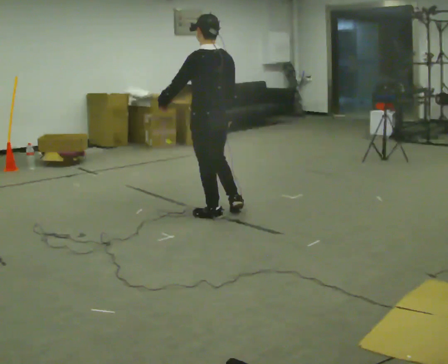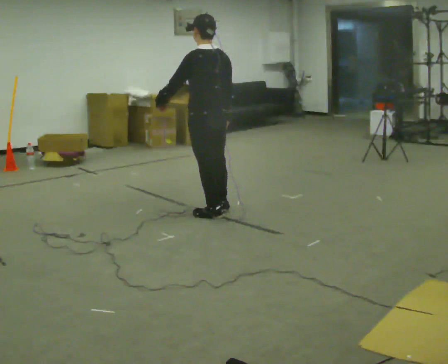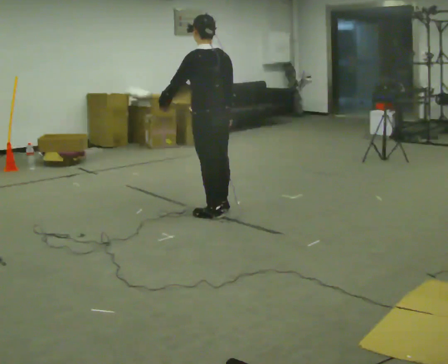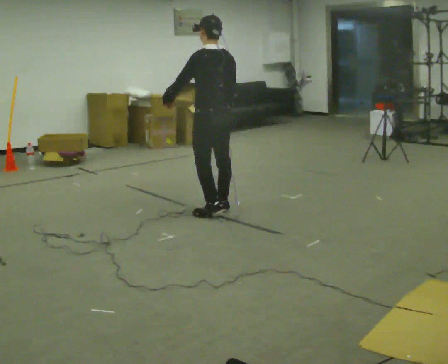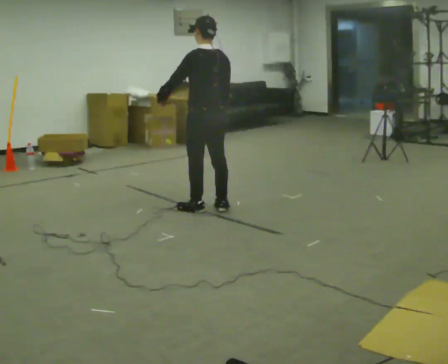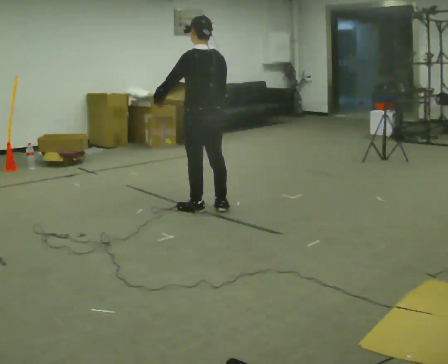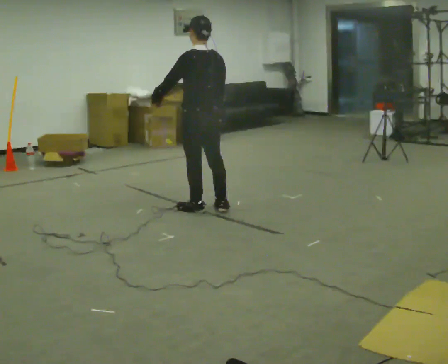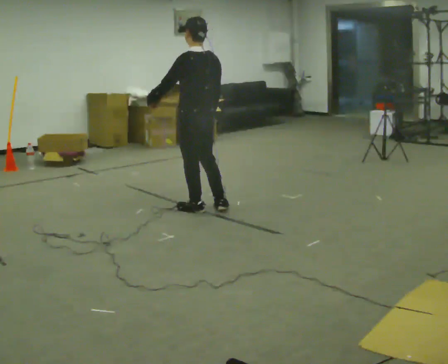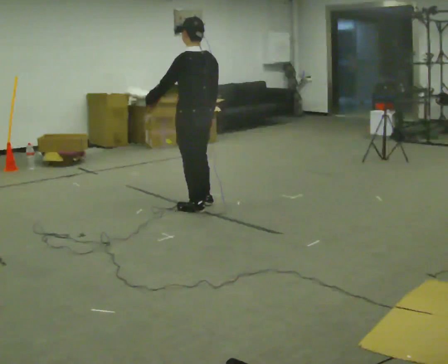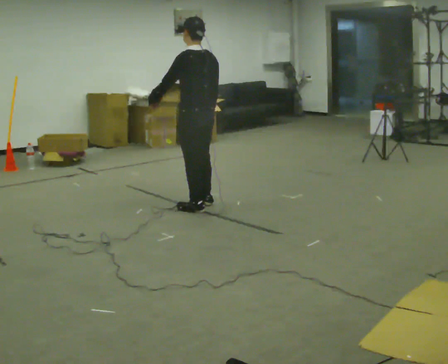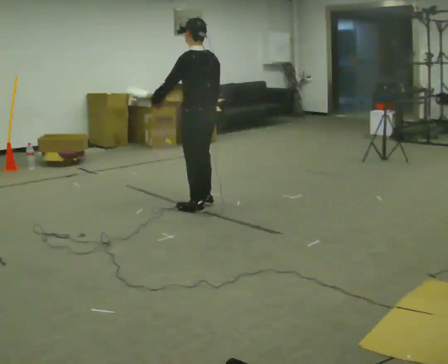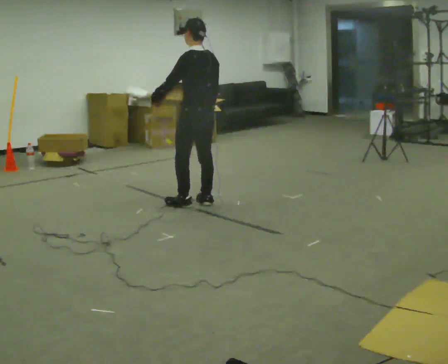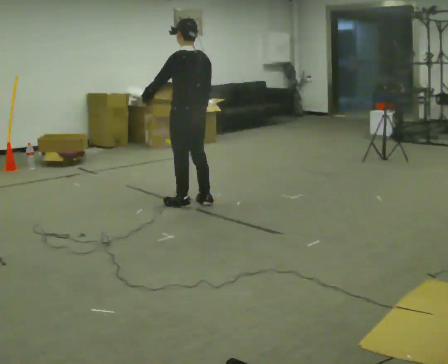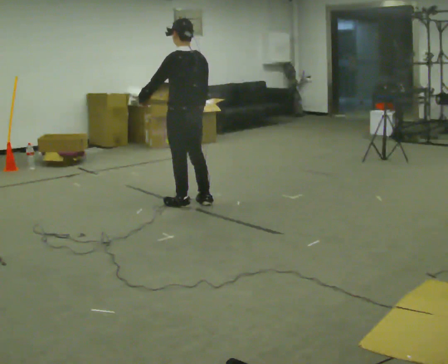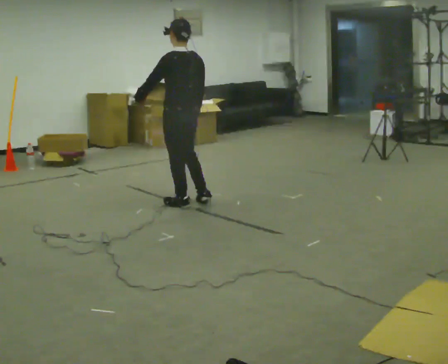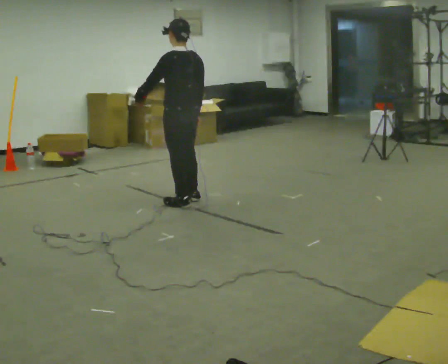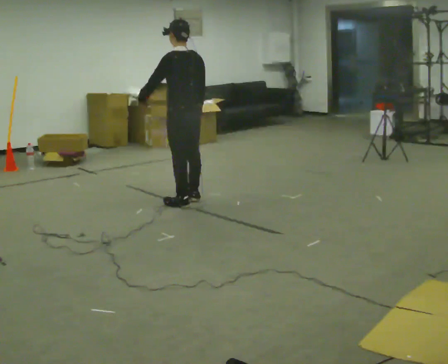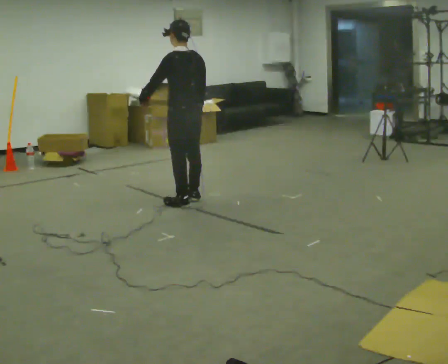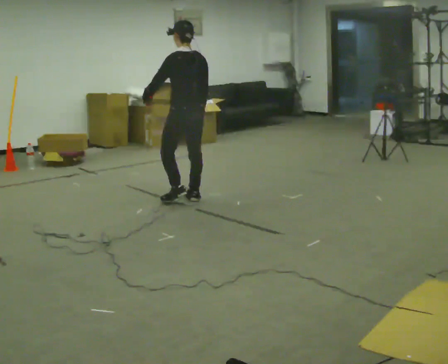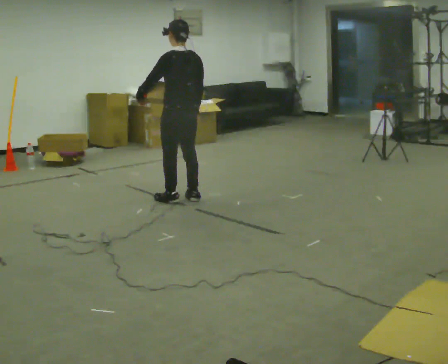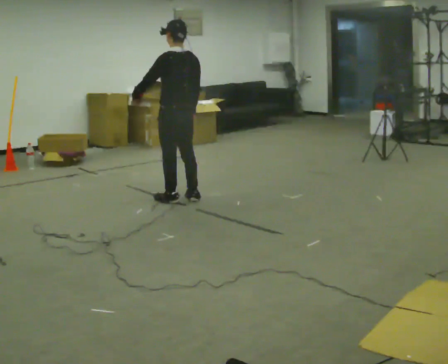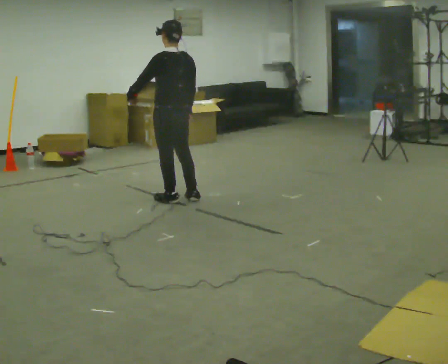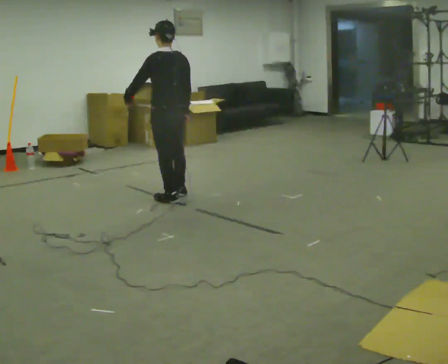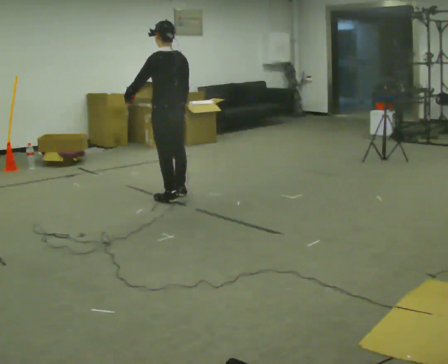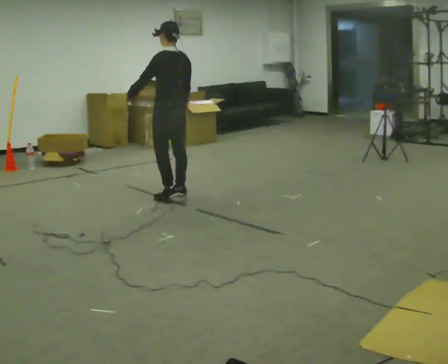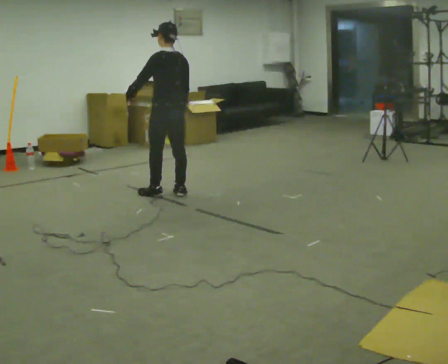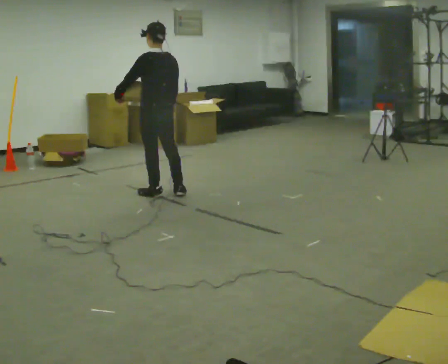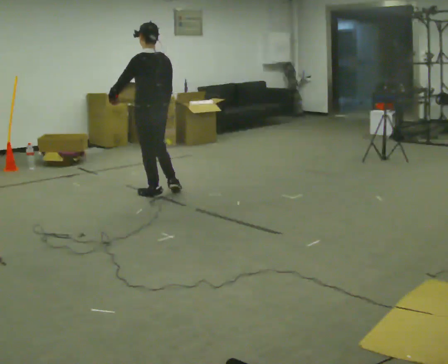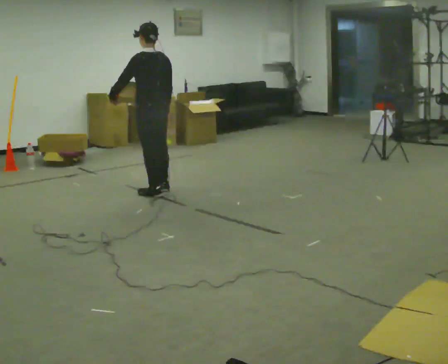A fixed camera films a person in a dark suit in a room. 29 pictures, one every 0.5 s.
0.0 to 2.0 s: In the picture they go away from the camera, about 0.25 m in 2 steps, which for them is forward.
2.0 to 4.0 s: The person moves a little, or ends about where they began.
4.0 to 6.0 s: In the picture they go away from the camera, about 0.25 m in 1 step, which for them is forward.
6.0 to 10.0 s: In the picture they go away from the camera, about 0.25 m in 2 steps, which for them is forward.
10.0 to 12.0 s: In the picture they go away from the camera, about 0.25 m in 1 step, which for them is forward.
12.0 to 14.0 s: In the picture they go to the left, about 0.25 m in 2 steps, which for them is forward and to their left.
The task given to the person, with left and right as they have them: Hold the object against your hip on the side the operator calls, and carry it back and forth across the room.
The film runs forward here.
